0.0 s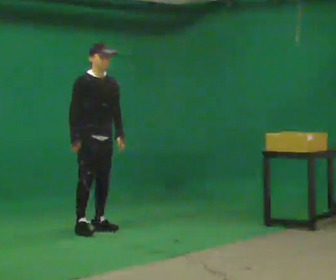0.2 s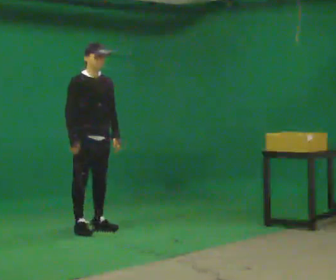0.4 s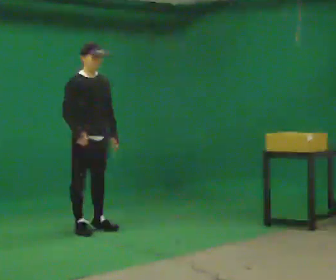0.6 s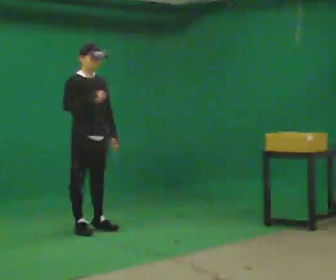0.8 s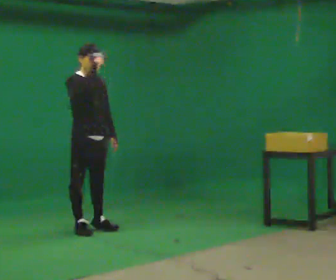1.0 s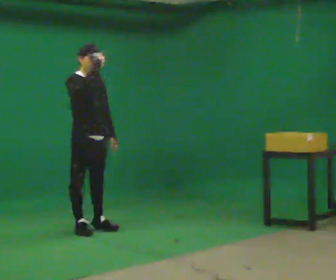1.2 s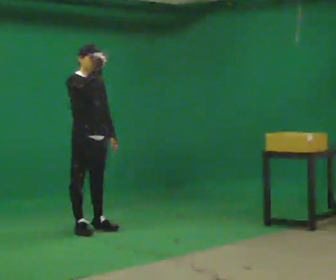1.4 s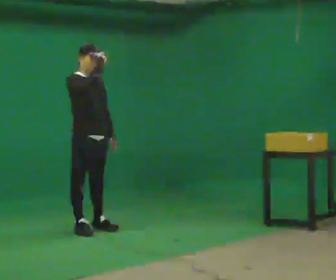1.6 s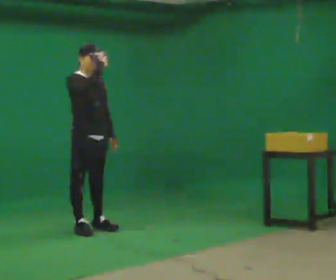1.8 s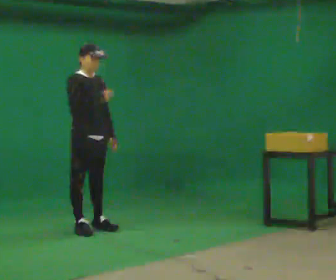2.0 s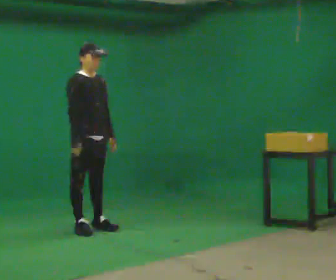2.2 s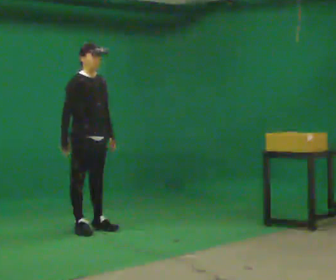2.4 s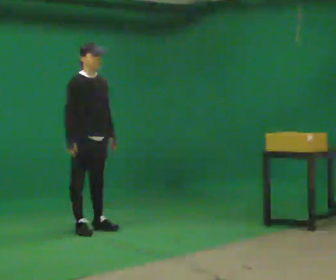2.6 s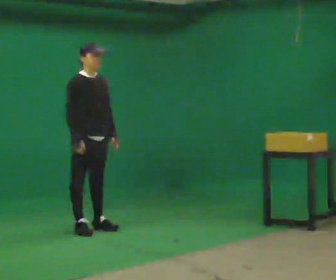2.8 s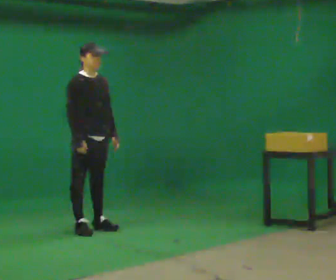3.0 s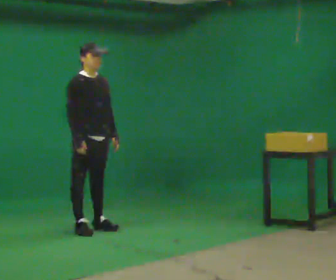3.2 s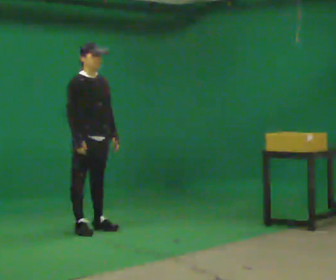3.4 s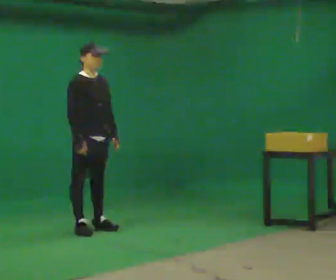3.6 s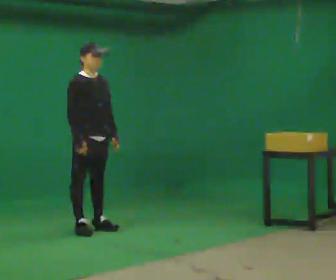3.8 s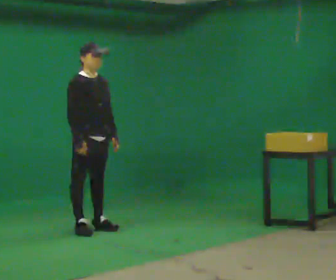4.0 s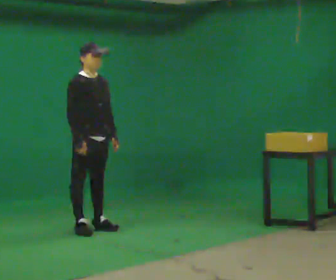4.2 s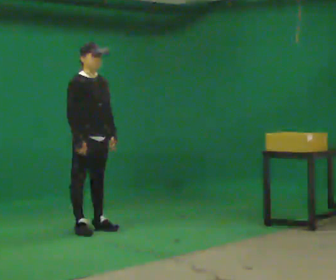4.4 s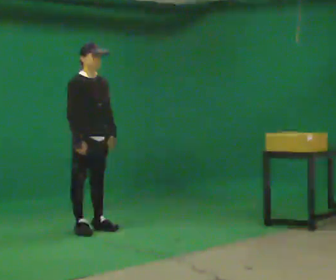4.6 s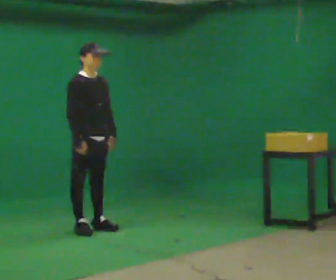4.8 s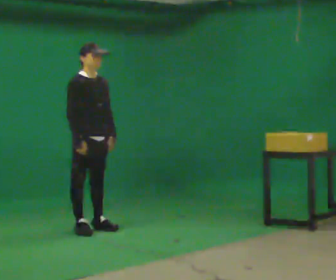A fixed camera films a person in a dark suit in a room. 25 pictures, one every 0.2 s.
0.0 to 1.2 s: In the picture their right hand goes upward.
1.2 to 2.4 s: In the picture their right hand goes downward.
2.4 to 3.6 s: The person moves a little, or ends about where they began.
3.6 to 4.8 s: The person keeps their place and pose.
The film runs forward here.
